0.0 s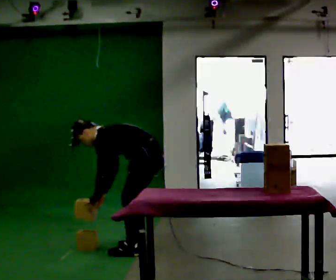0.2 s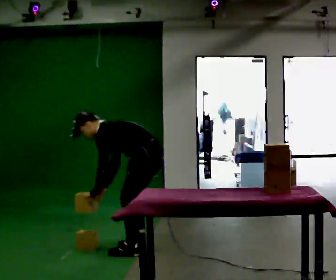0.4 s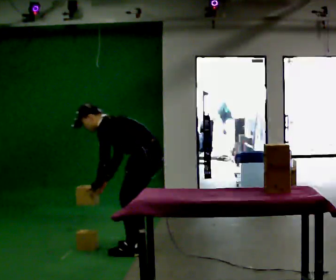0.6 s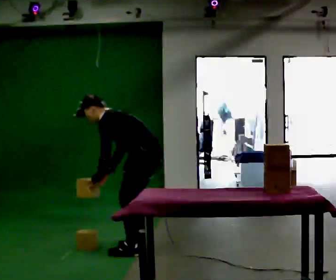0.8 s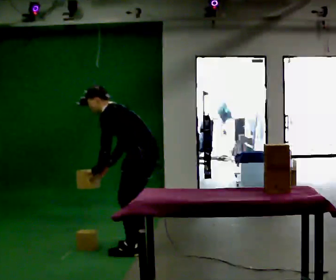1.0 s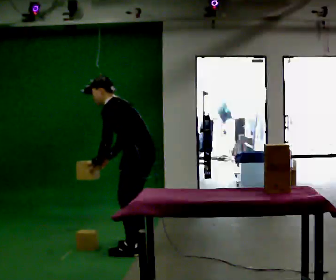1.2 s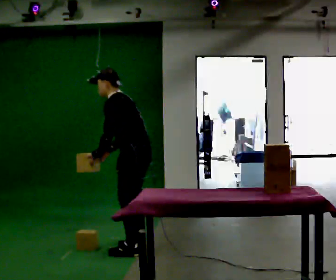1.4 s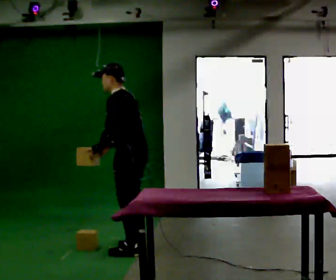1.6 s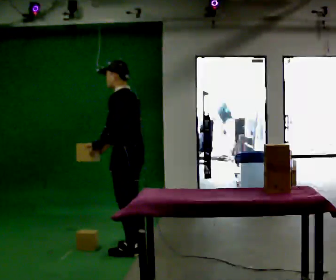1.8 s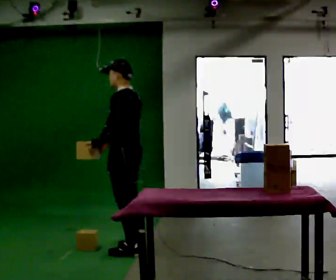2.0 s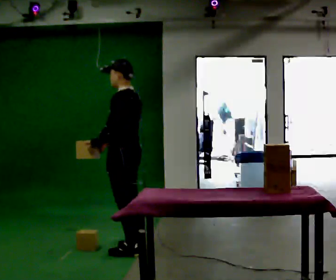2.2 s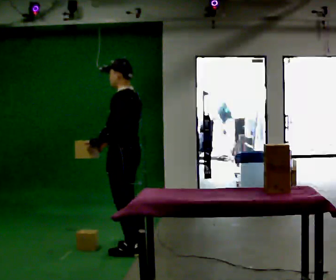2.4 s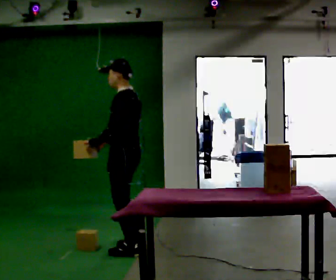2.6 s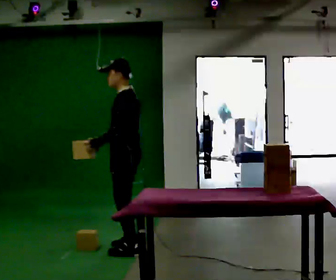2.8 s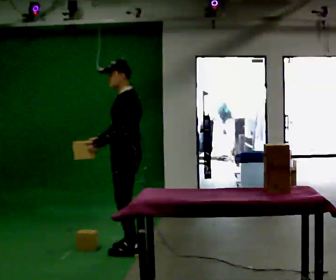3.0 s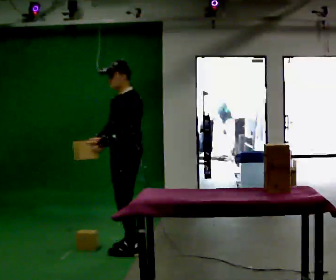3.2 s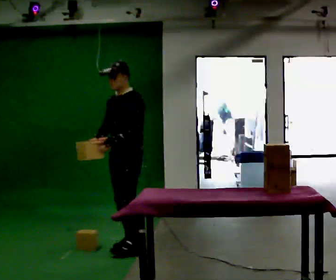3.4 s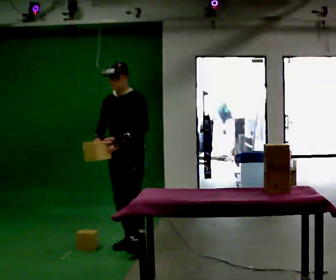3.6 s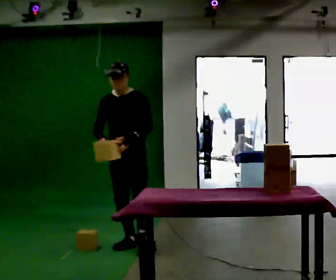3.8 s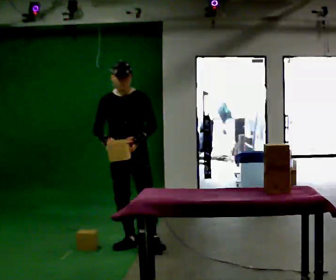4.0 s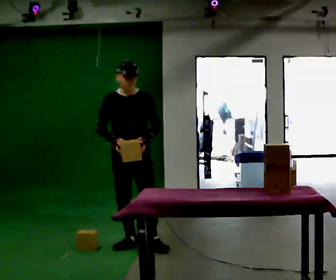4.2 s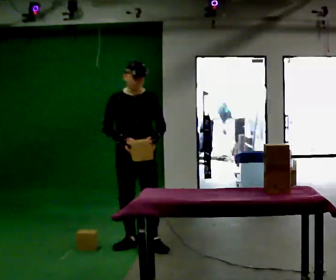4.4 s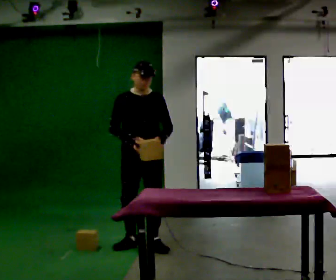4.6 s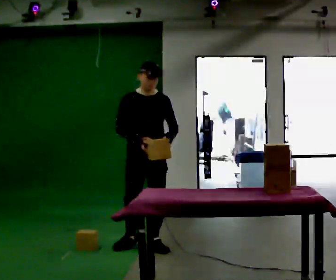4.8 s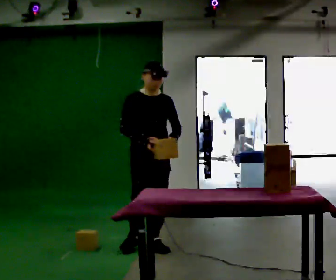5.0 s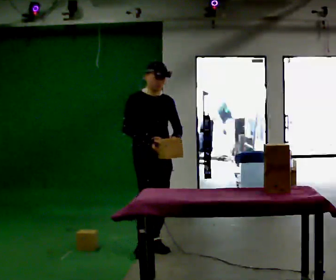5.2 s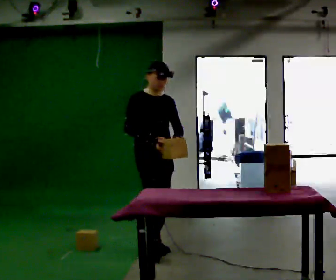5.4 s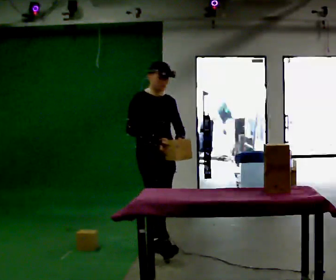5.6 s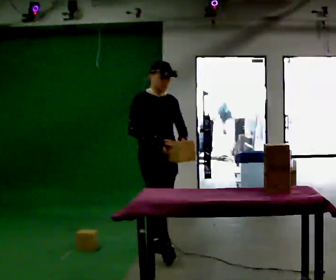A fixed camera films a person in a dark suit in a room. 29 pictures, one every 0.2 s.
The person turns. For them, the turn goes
to their left.
The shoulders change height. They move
upward.
0.0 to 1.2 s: The upper body goes upward. In the picture the upper body tilts clockwise, shoulders to the right, as they lean back or straighten. In the picture their left hand goes upward.
1.2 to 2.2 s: In the picture the upper body tilts clockwise, shoulders to the right, as they lean back or straighten.
2.2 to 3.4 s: The person turns about 75 degrees to their left, counterclockwise seen from above, so the part of the body nearest the lens slides to the right. In the picture they go away from the camera, about 0.25 m.
3.4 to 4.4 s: The person turns about 45 degrees to their left, counterclockwise seen from above, so the part of the body nearest the lens slides to the right. In the picture their right hand goes to the right.
4.4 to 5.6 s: Seen from above the body turns counterclockwise, about 30 degrees: to their left, with its near side sliding to the right. In the picture they go toward the camera, about 0.25 m in 1 step, which for them is forward.
The film runs forward here.
